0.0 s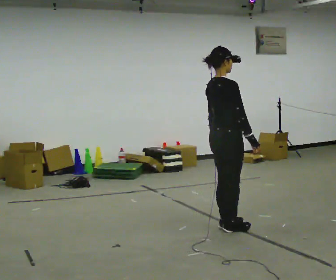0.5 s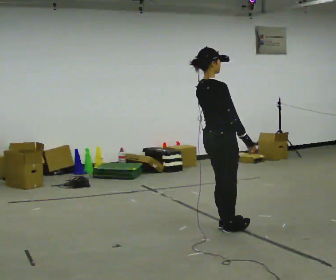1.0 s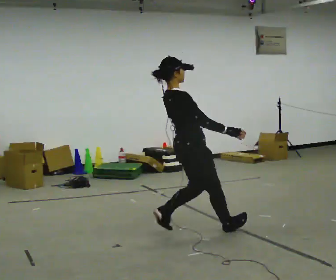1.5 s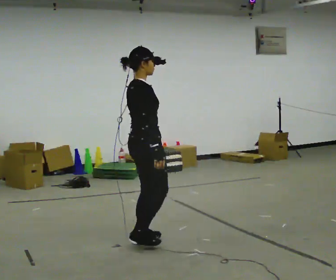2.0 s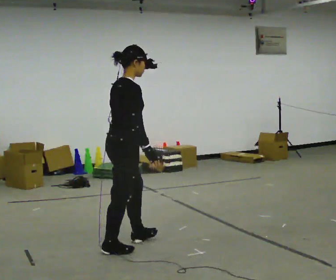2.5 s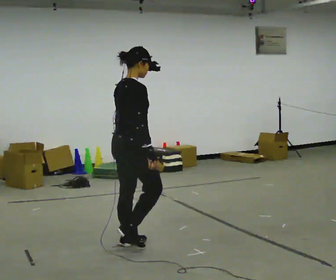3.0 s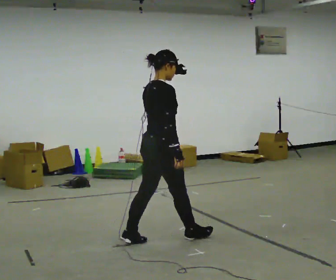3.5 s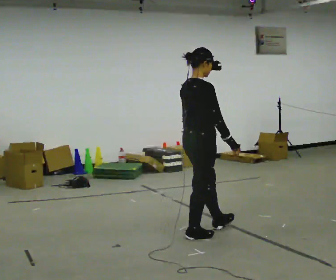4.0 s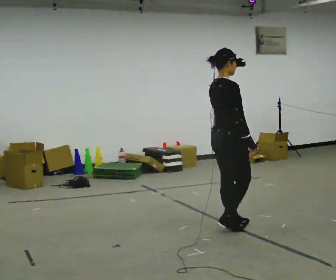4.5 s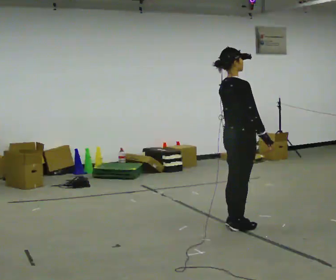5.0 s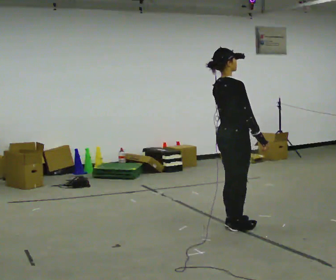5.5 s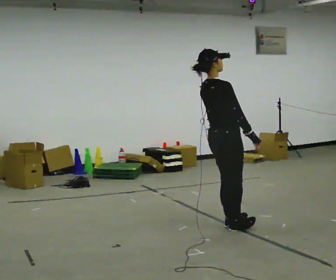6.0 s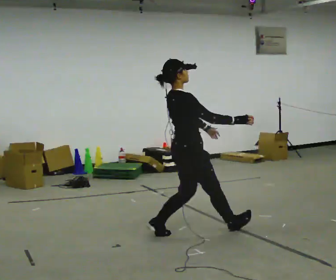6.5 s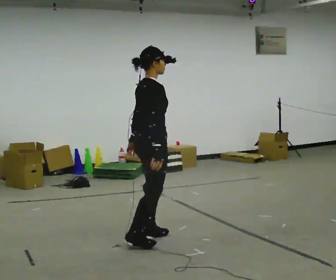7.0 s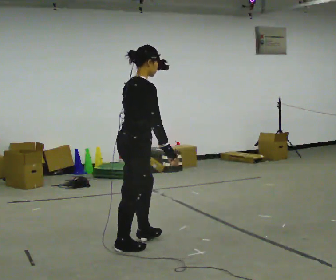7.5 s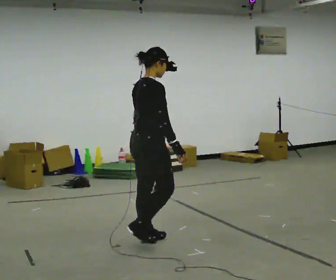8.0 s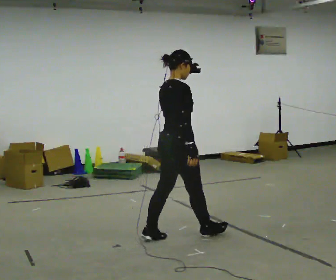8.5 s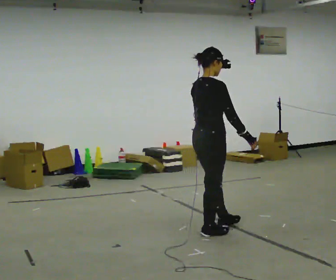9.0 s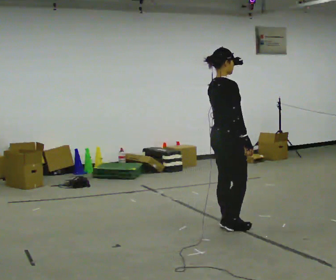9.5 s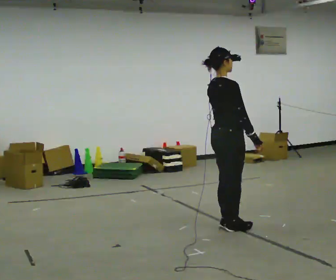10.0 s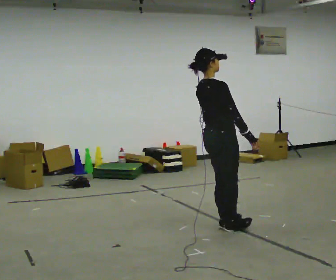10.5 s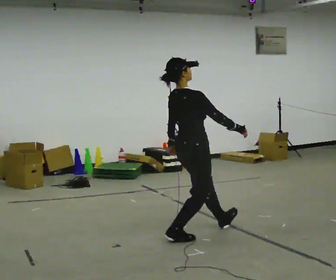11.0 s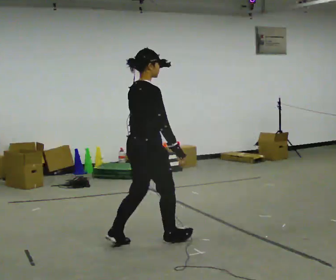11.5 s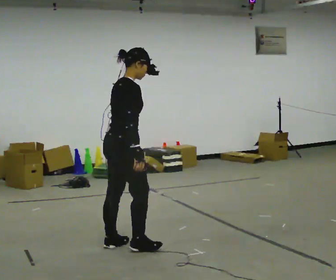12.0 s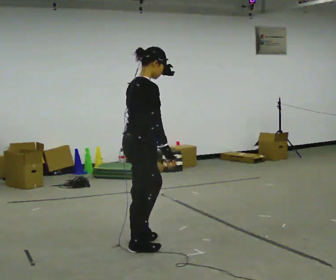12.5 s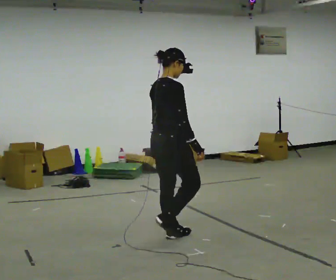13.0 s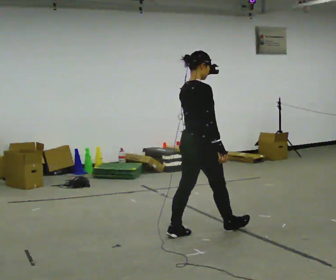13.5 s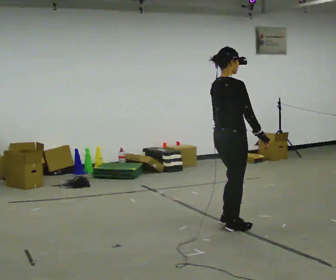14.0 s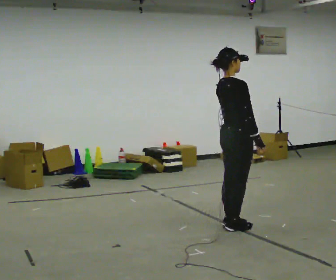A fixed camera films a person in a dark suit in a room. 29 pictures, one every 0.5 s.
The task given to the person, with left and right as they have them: Stand on the marked spots. Lean backward, keeping your body straight, until you cannot hold it, then step back to catch yourself. Return to the spots. Repeat at your own pace until the operator says stop. Go slowly and only as far as you are comfortable. Step whenever you need to; do not try to hold on longer than feels safe.
0.0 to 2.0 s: In the picture they go to the left and toward the camera, about 1 m in 2 steps, which for them is backward.
2.0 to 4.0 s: In the picture they go to the right and away from the camera, about 1 m in 3 steps, which for them is forward.
4.0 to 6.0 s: In the picture they go to the left and toward the camera, about 0.5 m in 1 step, which for them is backward.
6.0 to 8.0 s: The person moves a little, or ends about where they began.
8.0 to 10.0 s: In the picture they go to the right and away from the camera, about 0.5 m in 2 steps, which for them is forward.
10.0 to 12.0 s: In the picture they go to the left and toward the camera, about 1 m in 3 steps, which for them is backward. In the picture the upper body tilts clockwise, shoulders to the right.
12.0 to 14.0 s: In the picture they go to the right and away from the camera, about 1 m in 3 steps, which for them is forward.
The film runs forward here.
